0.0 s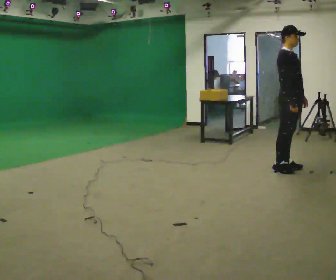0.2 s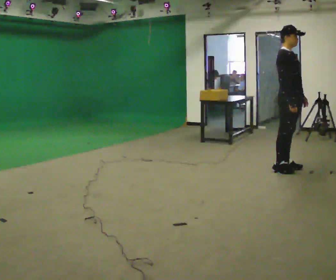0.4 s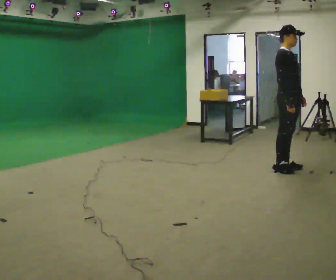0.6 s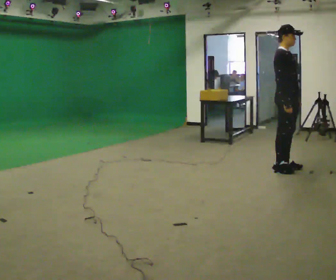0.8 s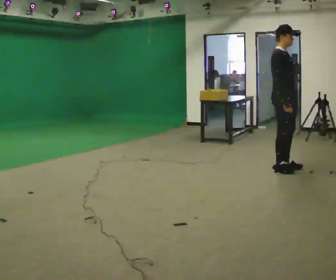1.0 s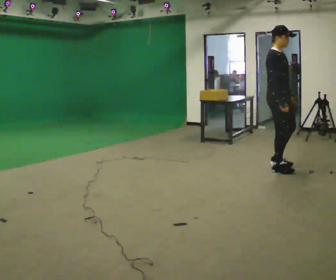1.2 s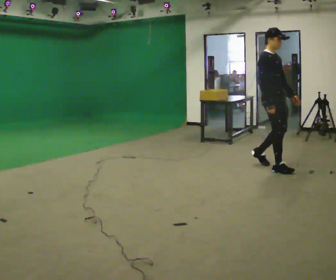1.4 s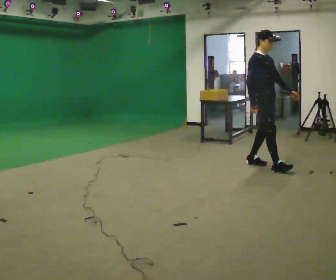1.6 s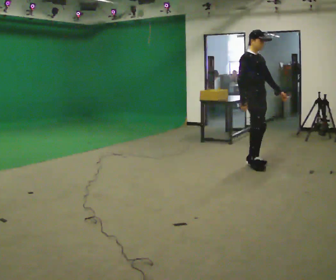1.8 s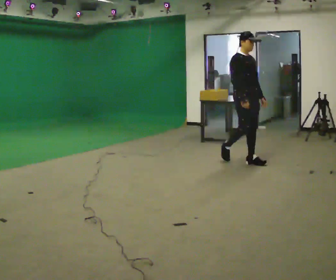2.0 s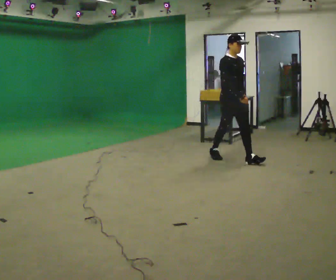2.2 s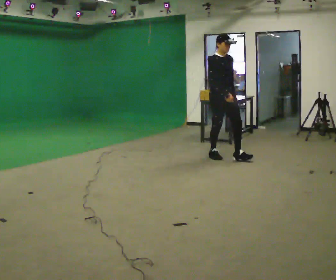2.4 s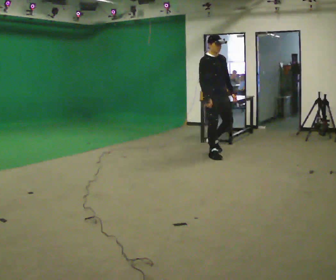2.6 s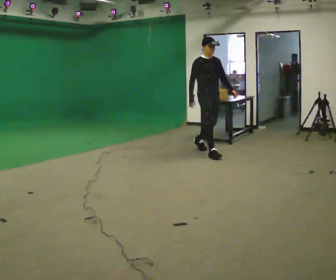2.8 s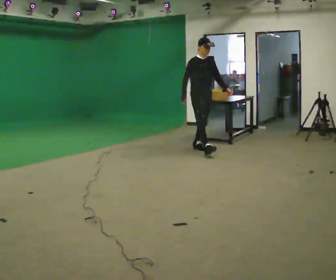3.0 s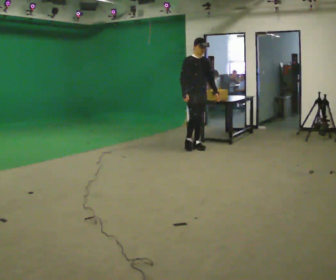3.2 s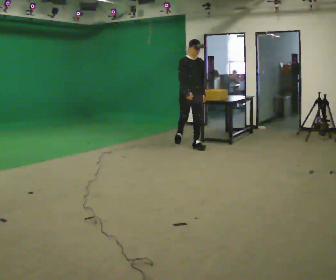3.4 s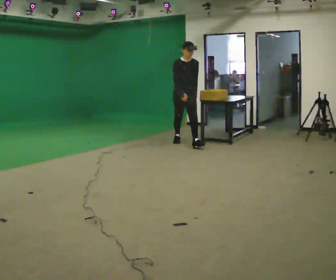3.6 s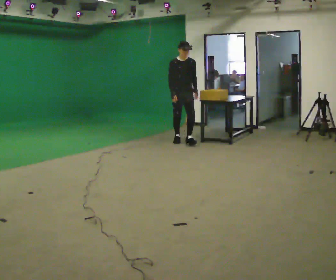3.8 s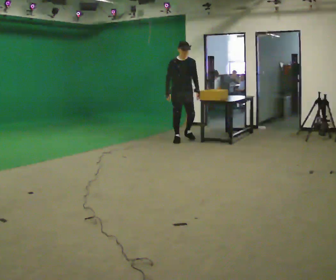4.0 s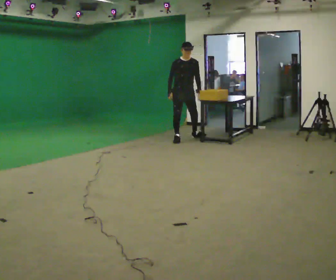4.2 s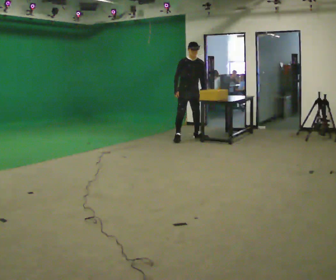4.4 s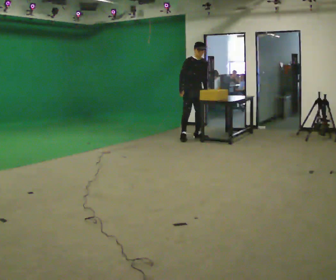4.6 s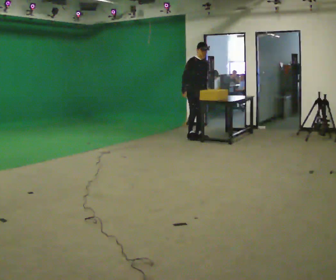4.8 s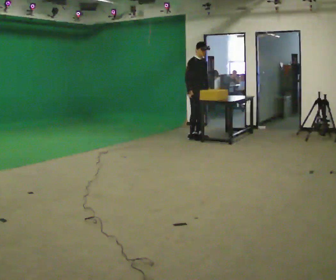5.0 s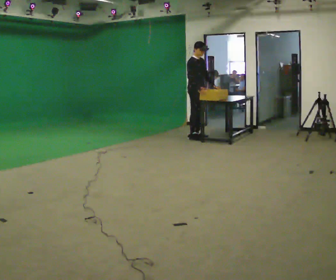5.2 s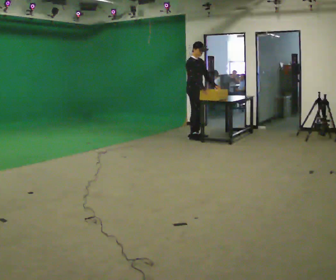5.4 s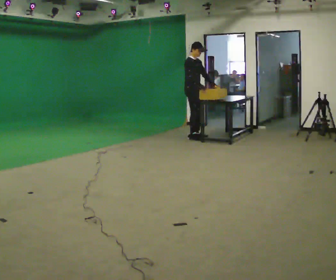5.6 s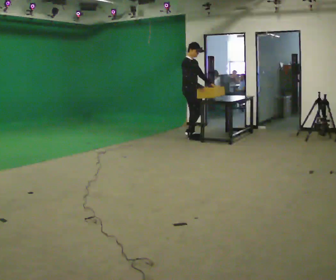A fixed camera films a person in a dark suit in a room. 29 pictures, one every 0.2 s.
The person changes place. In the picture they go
away from the camera.
The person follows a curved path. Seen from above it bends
clockwise.
0.0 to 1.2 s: In the picture they go to the left, about 0.25 m in 1 step, which for them is backward.
1.2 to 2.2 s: In the picture they go away from the camera and to the left, about 1 m in 2 steps, which for them is backward.
2.2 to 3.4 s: In the picture they go away from the camera and to the left, about 1 m in 1 step, which for them is backward.
3.4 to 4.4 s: In the picture they go away from the camera, about 0.5 m in 2 steps, which for them is backward and to their left.
4.4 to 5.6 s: The person turns about 30 degrees to their left, counterclockwise seen from above, so the part of the body nearest the lens slides to the right. In the picture their right hand goes to the right, the arm swinging counterclockwise.
The film runs backward here.
